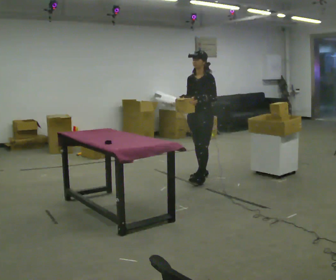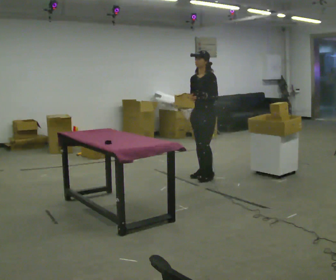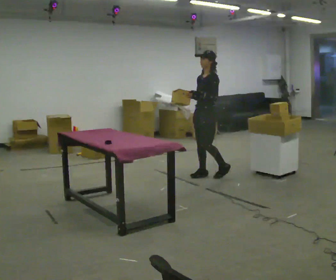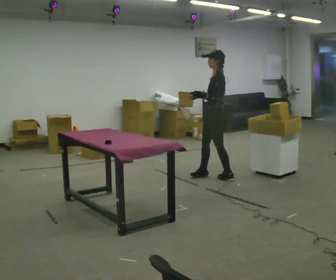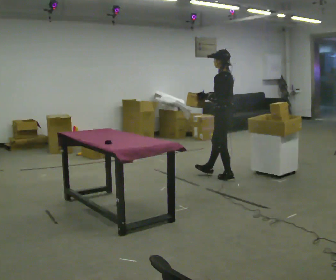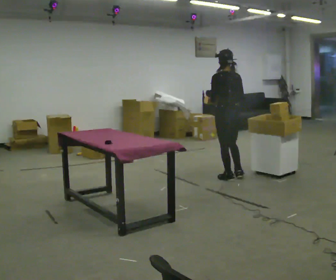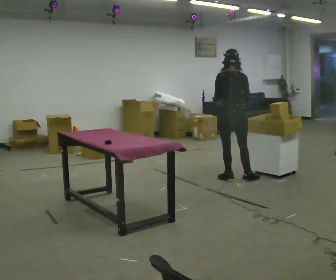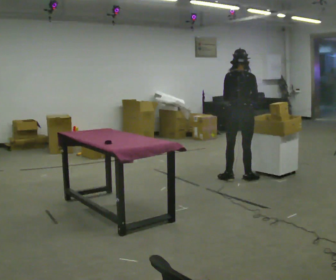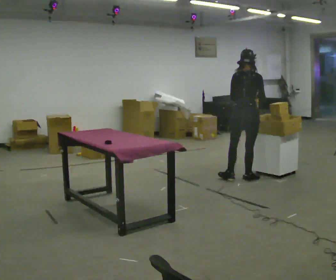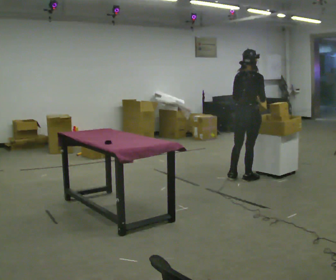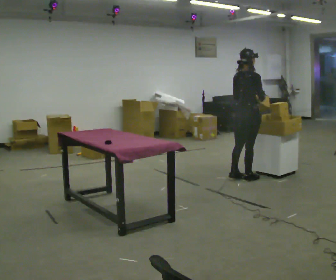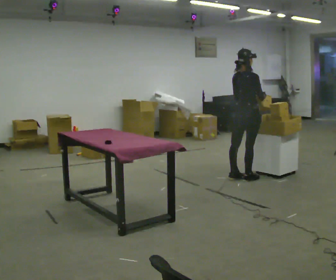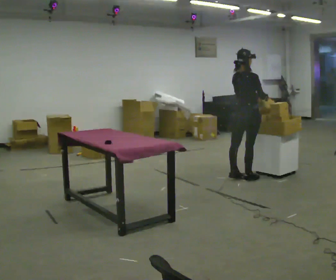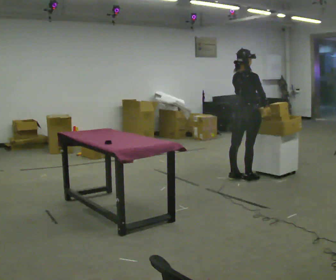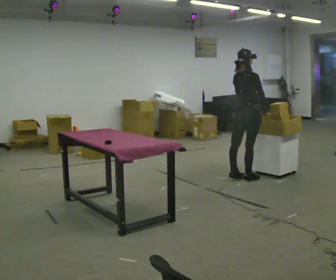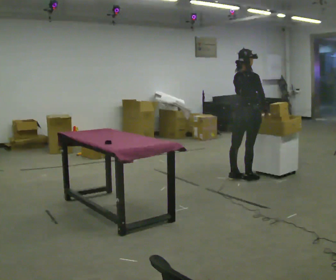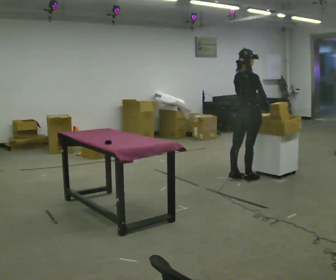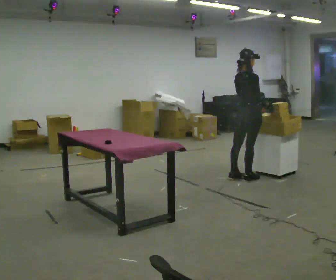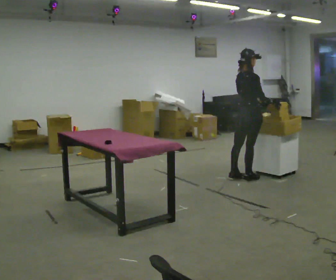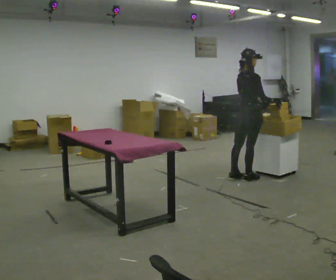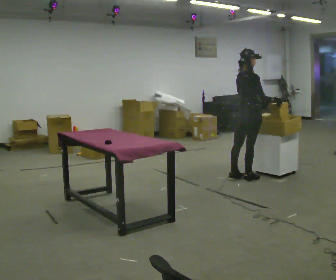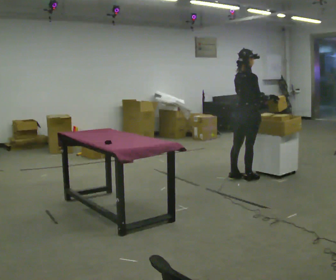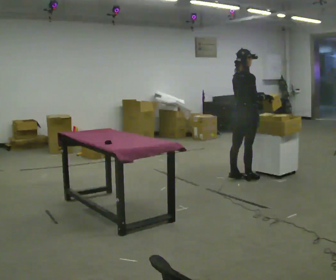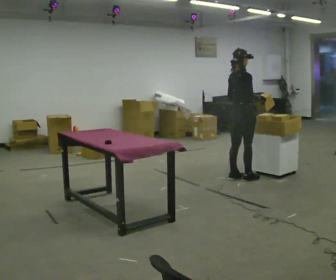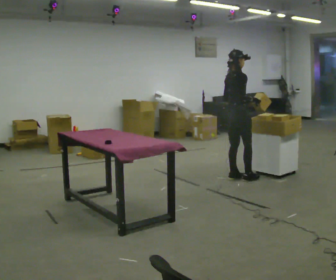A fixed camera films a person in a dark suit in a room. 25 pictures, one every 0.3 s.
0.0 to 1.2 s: The person turns about 75 degrees to their right, clockwise seen from above, so the part of the body nearest the lens slides to the left. In the picture they go to the right, about 0.25 m in 2 steps.
1.2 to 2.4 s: The person turns about 90 degrees to their right, clockwise seen from above, so the part of the body nearest the lens slides to the left. In the picture they go to the right, about 0.25 m.
2.4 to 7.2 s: The part of the body nearest the lens slides to the left as the person turns to their right by about 45 degrees.
The film runs backward here.
